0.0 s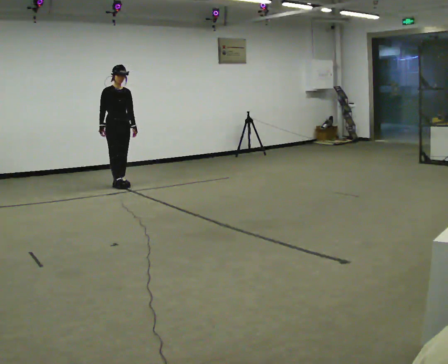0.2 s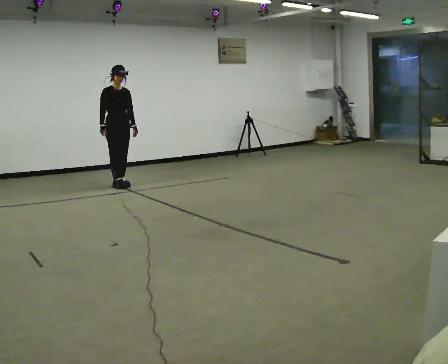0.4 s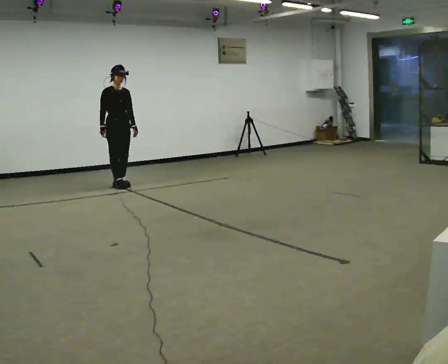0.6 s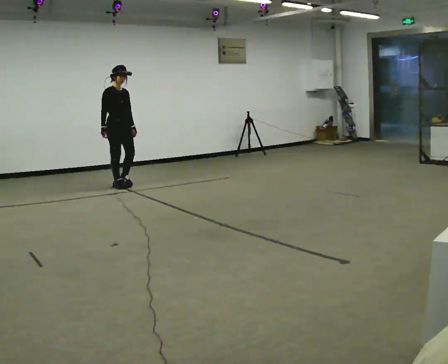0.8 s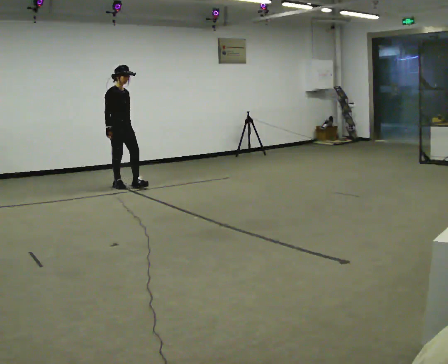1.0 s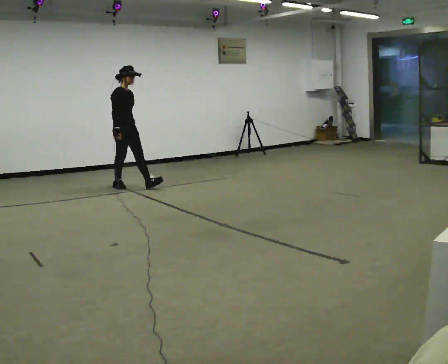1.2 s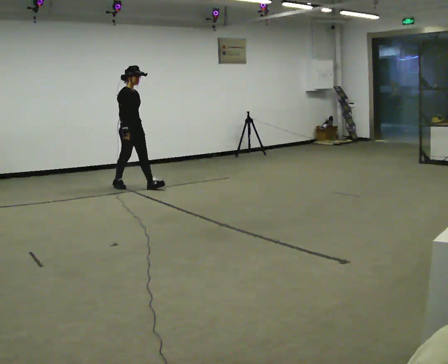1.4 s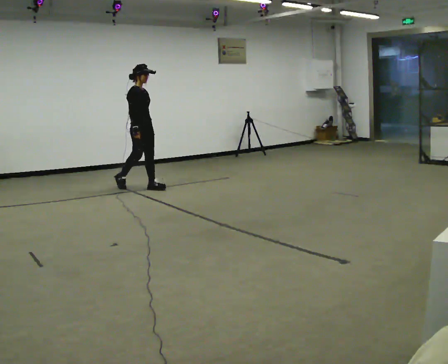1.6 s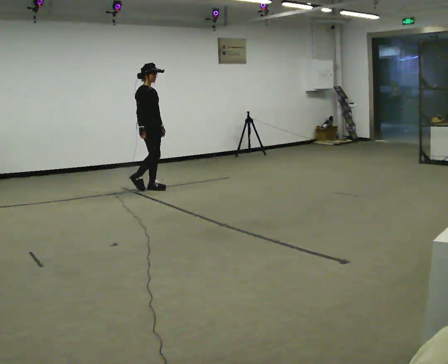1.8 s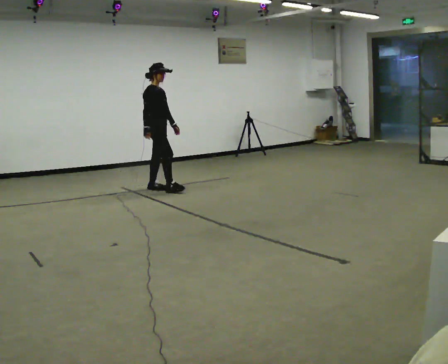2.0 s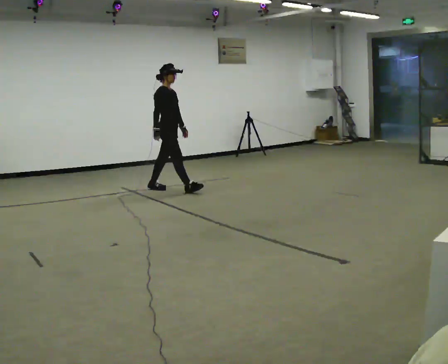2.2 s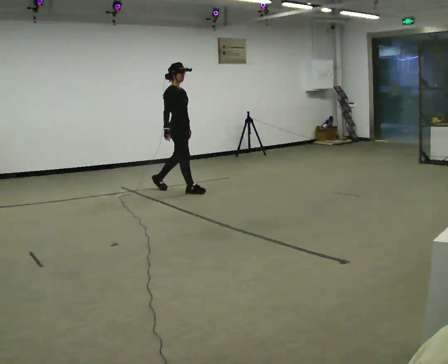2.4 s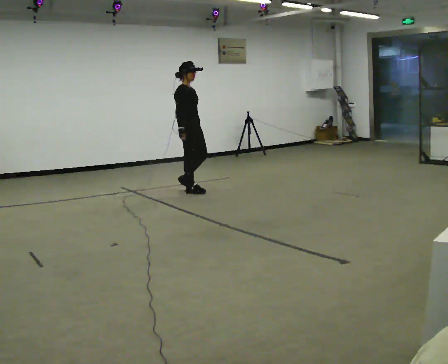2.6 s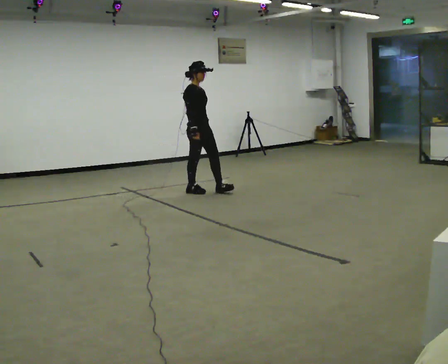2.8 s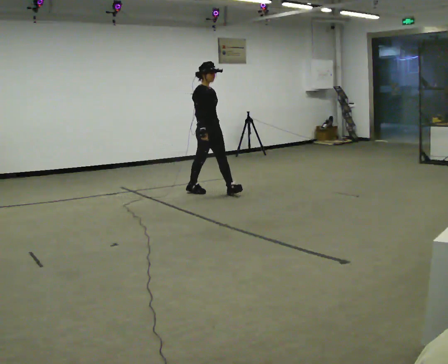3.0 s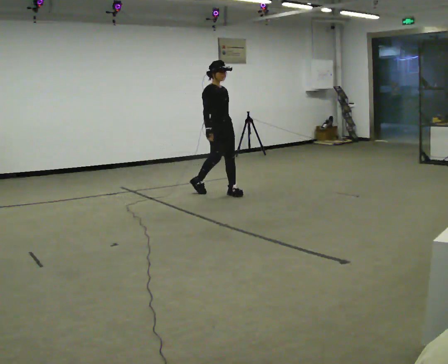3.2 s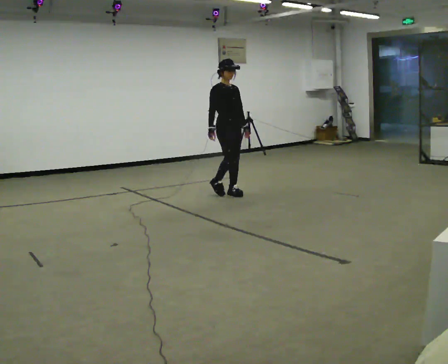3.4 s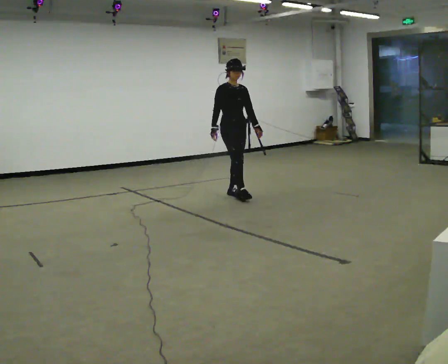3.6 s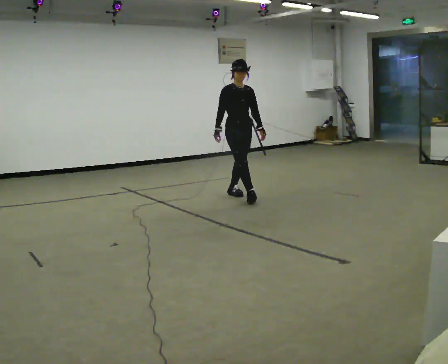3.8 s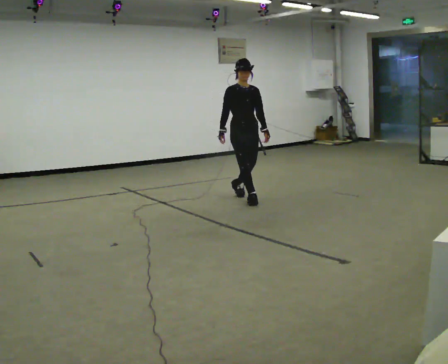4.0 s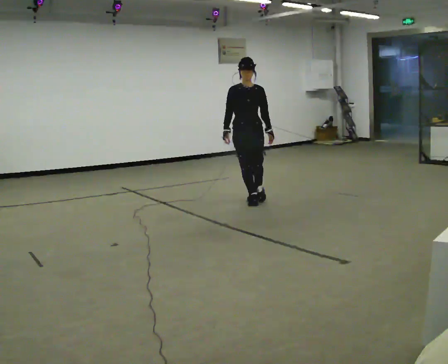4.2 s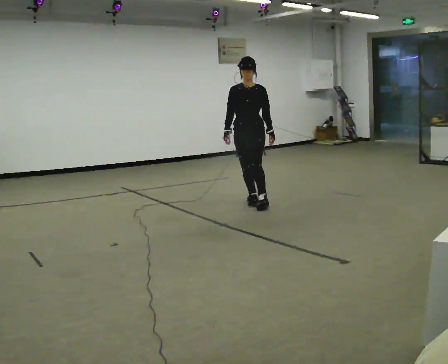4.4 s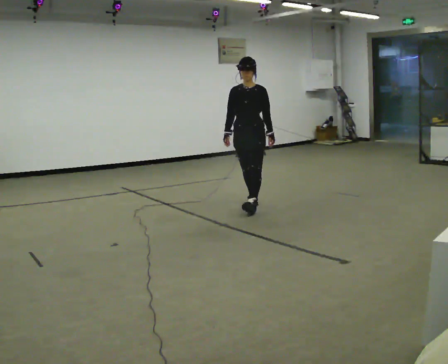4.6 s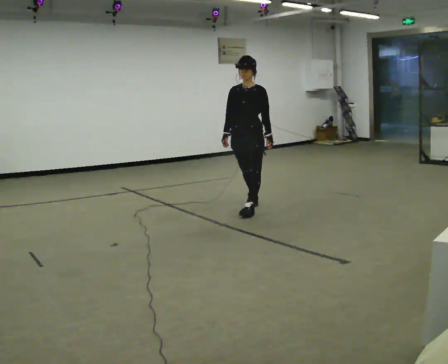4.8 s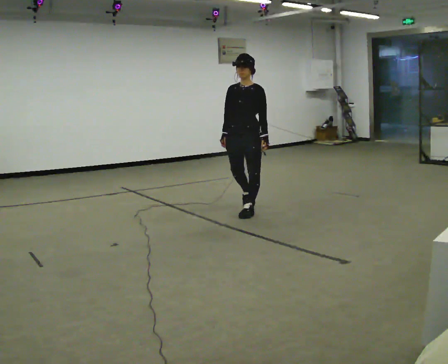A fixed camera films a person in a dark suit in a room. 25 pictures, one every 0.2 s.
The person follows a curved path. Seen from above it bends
clockwise.
0.0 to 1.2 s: Seen from above the body turns counterclockwise, about 30 degrees: to their left, with its near side sliding to the right. In the picture they go to the right, about 0.25 m in 1 step, which for them is forward.
1.2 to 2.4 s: In the picture they go to the right and toward the camera, about 1 m in 1 step, which for them is forward.
2.4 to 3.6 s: The part of the body nearest the lens slides to the left as the person turns to their right by about 45 degrees. In the picture they go to the right and toward the camera, about 0.5 m in 2 steps, which for them is forward.
3.6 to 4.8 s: Seen from above the body turns clockwise, about 60 degrees: to their right, with its near side sliding to the left. In the picture they go toward the camera, about 1 m in 1 step, which for them is forward.
The film runs forward here.
